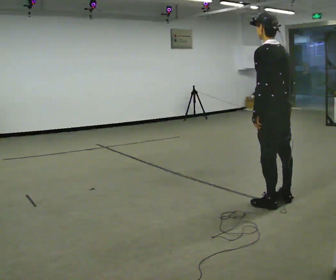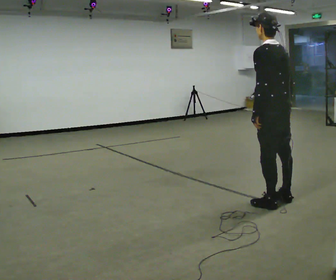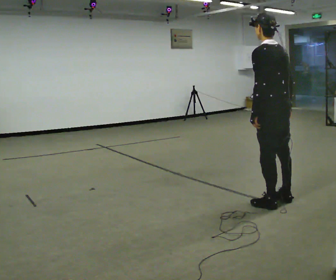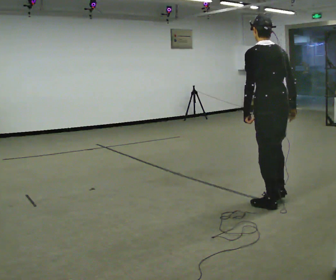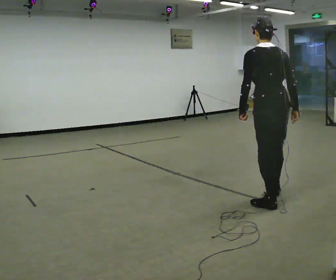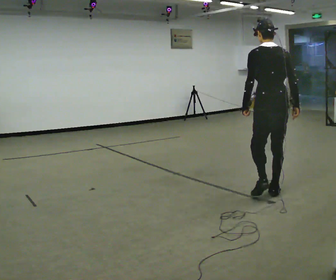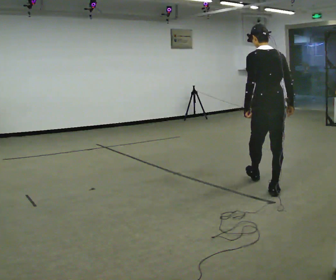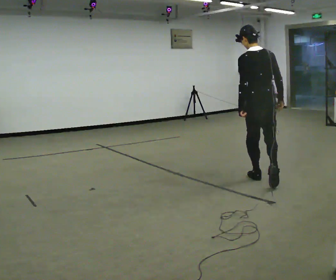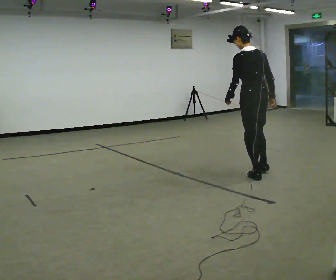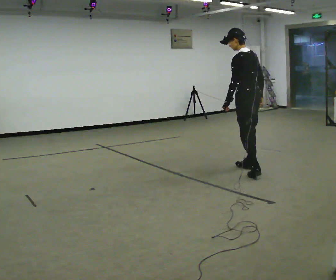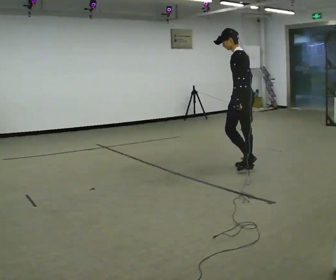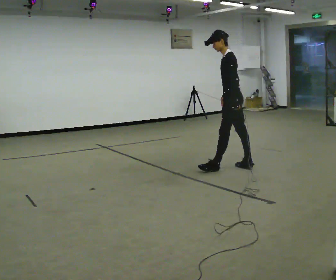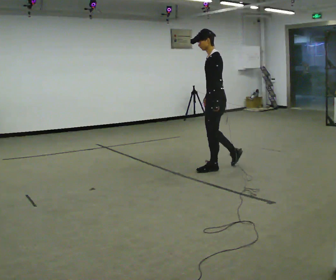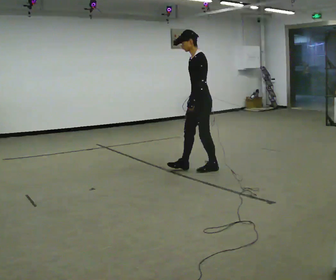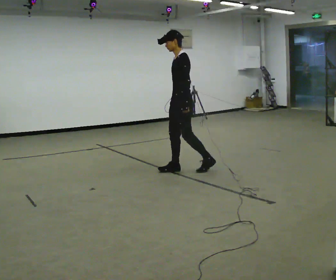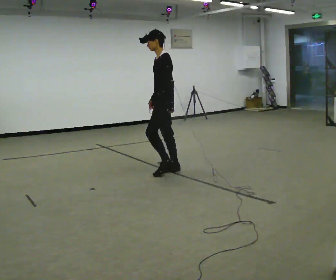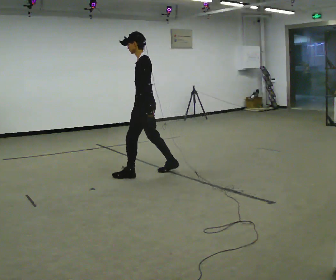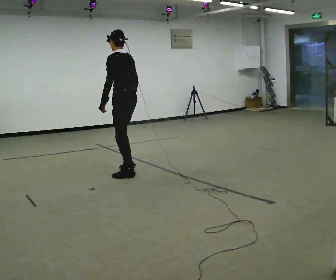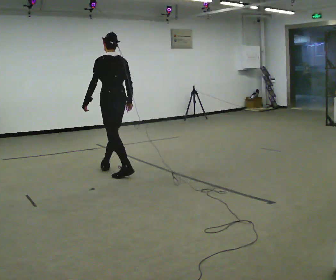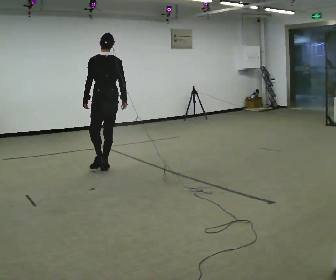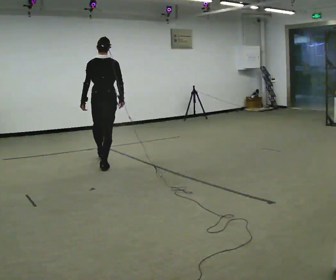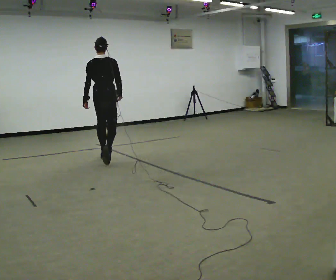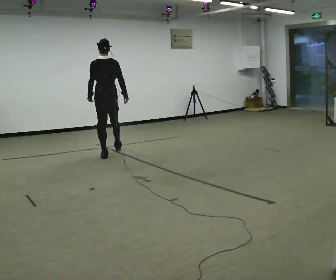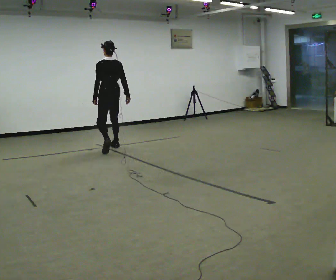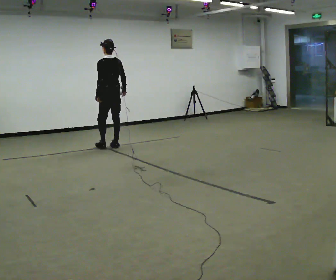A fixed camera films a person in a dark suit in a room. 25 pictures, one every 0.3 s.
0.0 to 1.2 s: The part of the body nearest the lens slides to the left as the person turns to their right by about 30 degrees.
1.2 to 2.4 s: In the picture they go away from the camera, about 1 m in 1 step, which for them is forward.
2.4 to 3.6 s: Seen from above the body turns counterclockwise, about 75 degrees: to their left, with its near side sliding to the right. In the picture they go to the left and away from the camera, about 0.5 m in 2 steps.
3.6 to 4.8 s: In the picture they go to the left, about 1 m in 2 steps, which for them is forward.
4.8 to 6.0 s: The part of the body nearest the lens slides to the left as the person turns to their right by about 75 degrees. In the picture they go to the left and away from the camera, about 0.75 m in 1 step.
6.0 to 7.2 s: The person turns about 30 degrees to their left, counterclockwise seen from above, so the part of the body nearest the lens slides to the right. In the picture they go away from the camera, about 1 m in 2 steps, which for them is forward.
The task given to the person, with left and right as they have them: Follow S-shaped path continuously; no stopping between curves.
The film runs forward here.
